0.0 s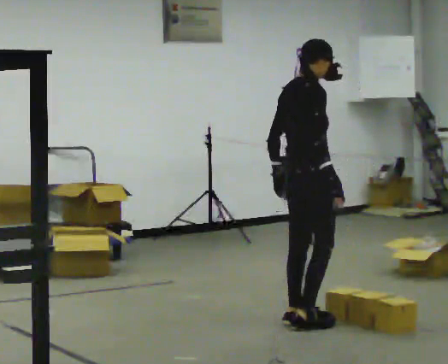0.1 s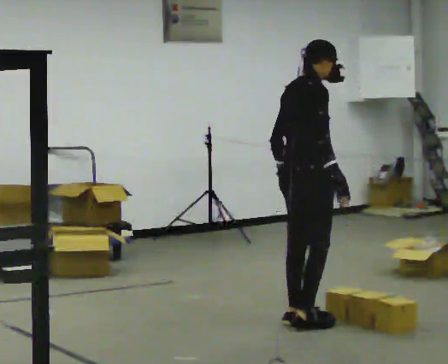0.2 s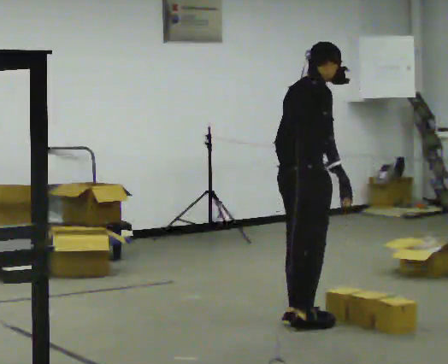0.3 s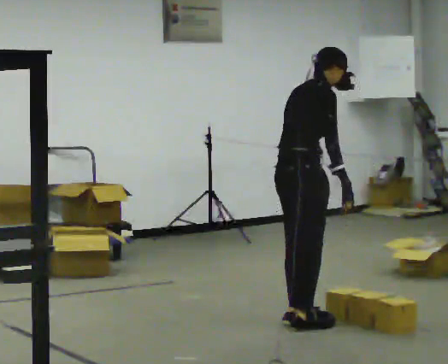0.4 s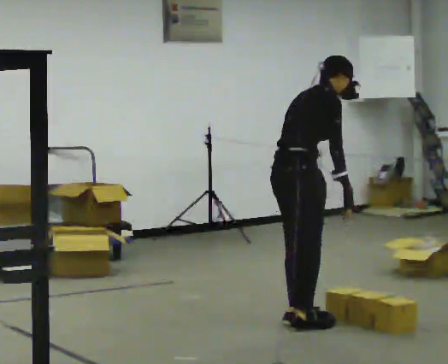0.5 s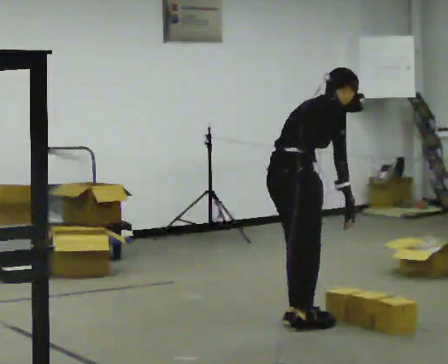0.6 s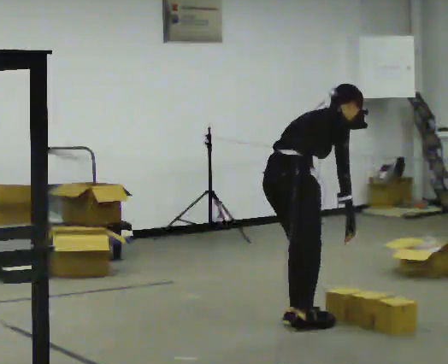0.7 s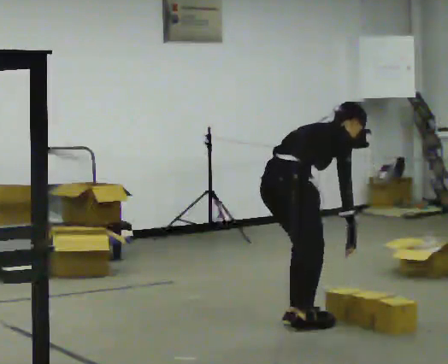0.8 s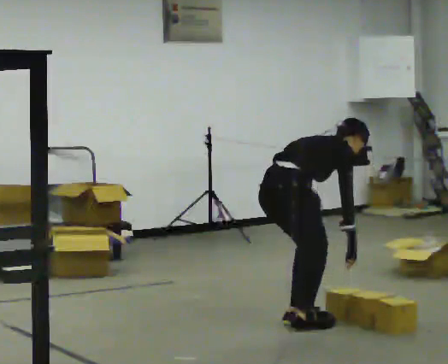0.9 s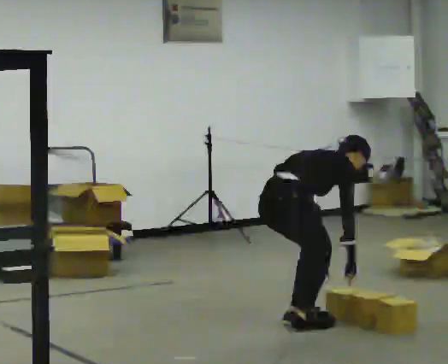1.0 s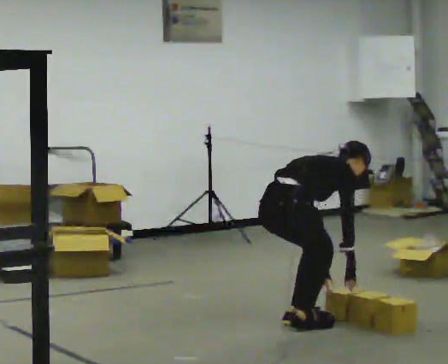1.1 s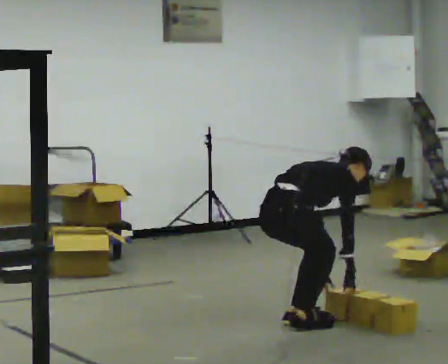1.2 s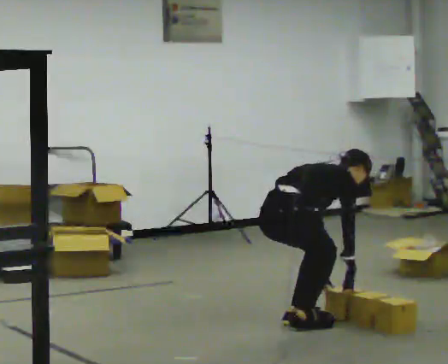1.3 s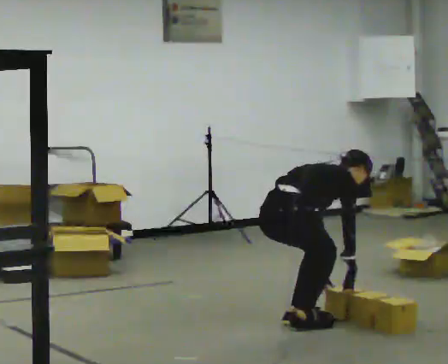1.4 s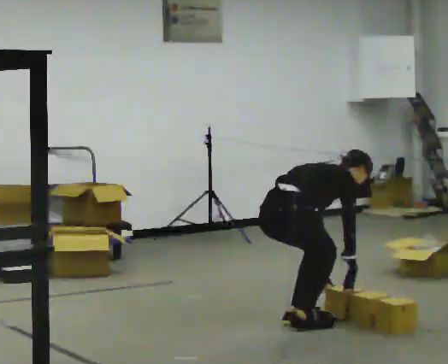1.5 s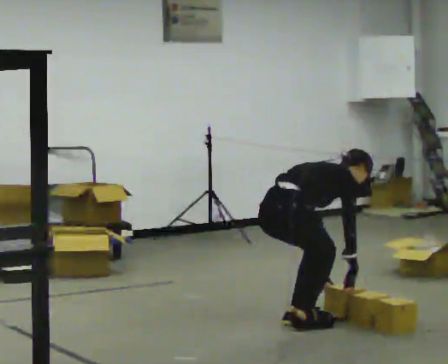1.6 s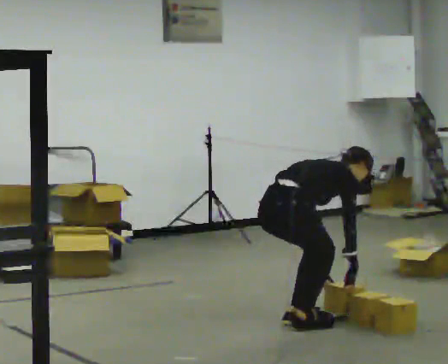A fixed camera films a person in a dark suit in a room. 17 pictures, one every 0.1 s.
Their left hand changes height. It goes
downward.
The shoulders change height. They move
downward.
0.0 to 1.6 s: The shoulders move downward. In the picture the upper body tilts clockwise, shoulders to the right, as they bend forward. In the picture their right hand goes downward.
The film runs backward here.
